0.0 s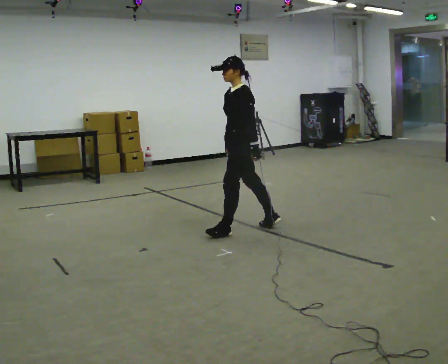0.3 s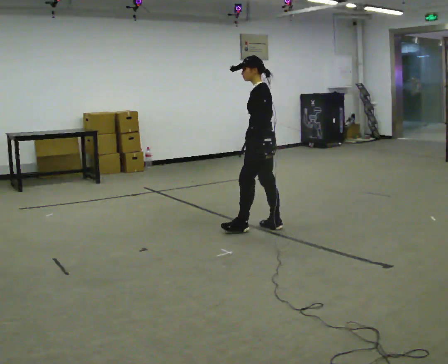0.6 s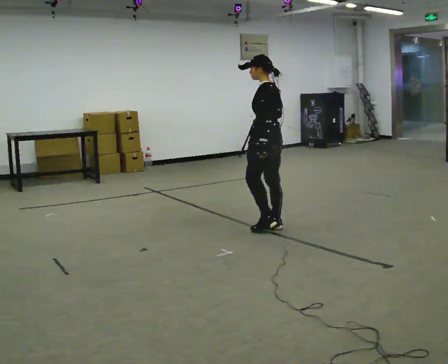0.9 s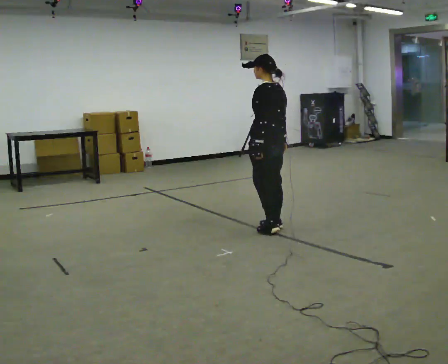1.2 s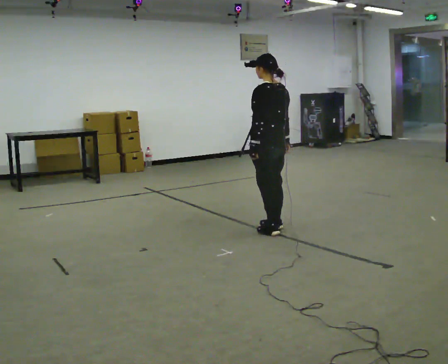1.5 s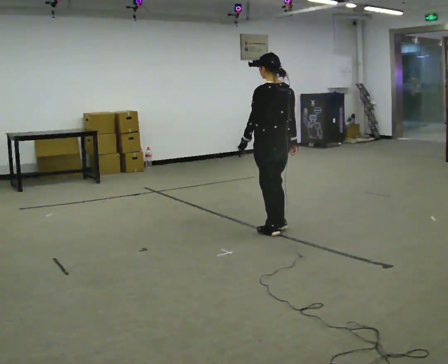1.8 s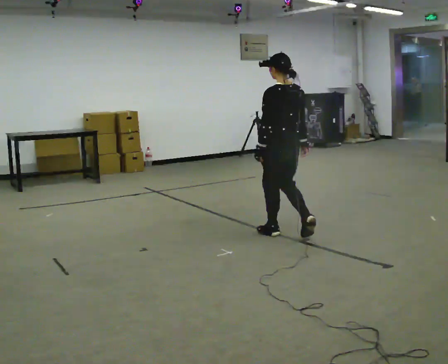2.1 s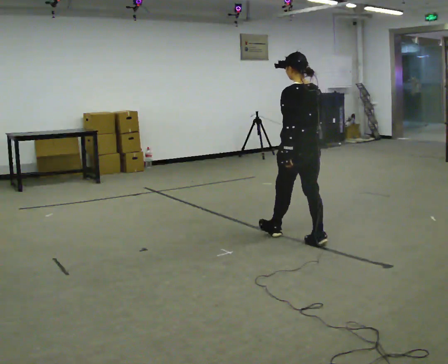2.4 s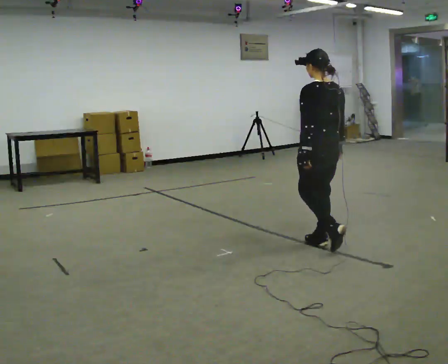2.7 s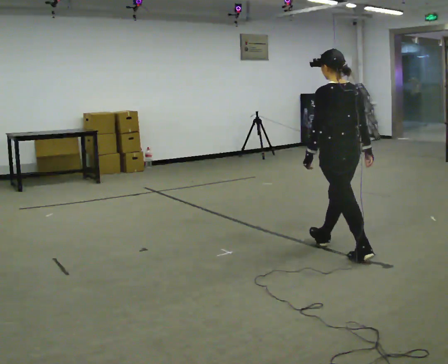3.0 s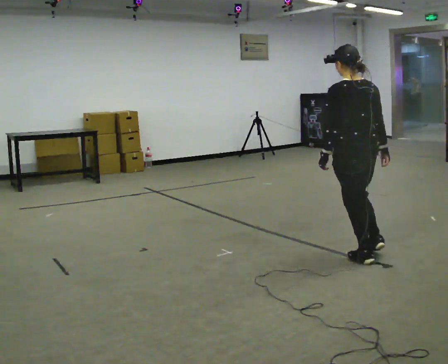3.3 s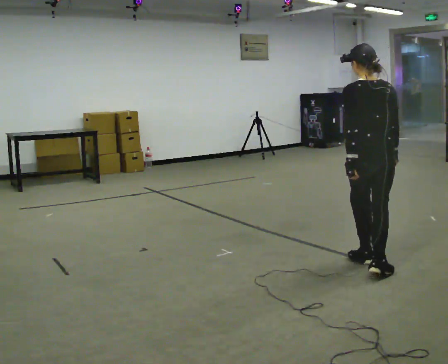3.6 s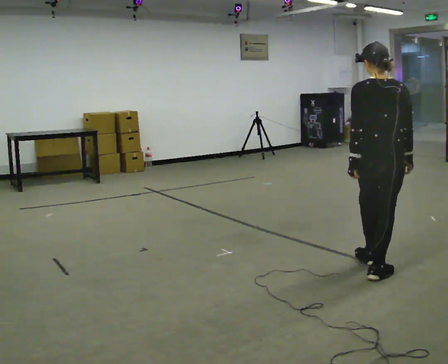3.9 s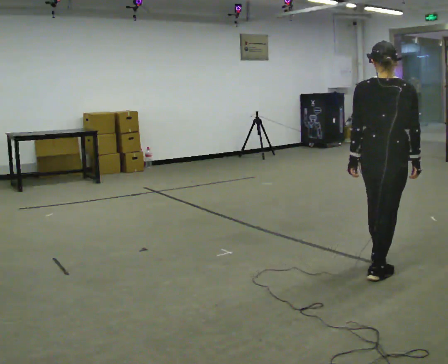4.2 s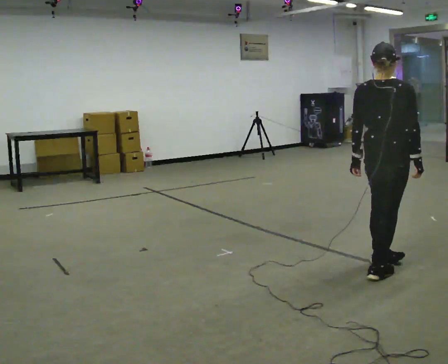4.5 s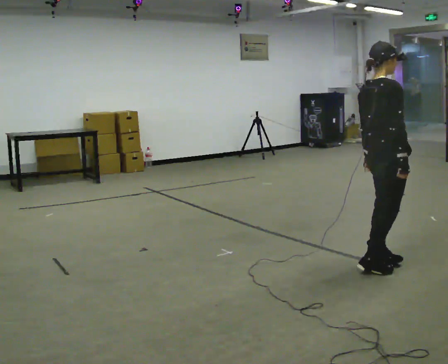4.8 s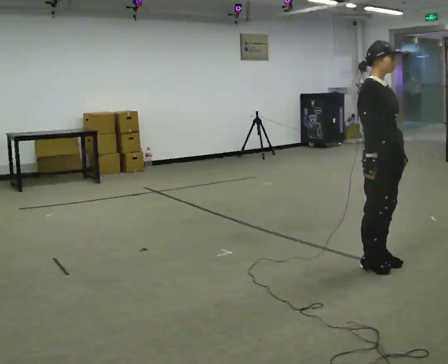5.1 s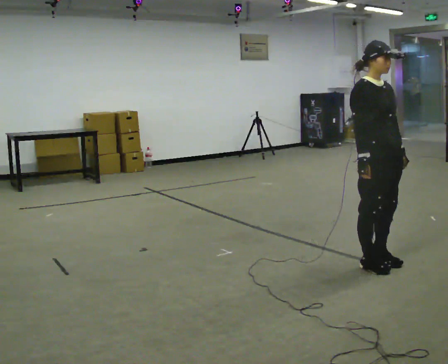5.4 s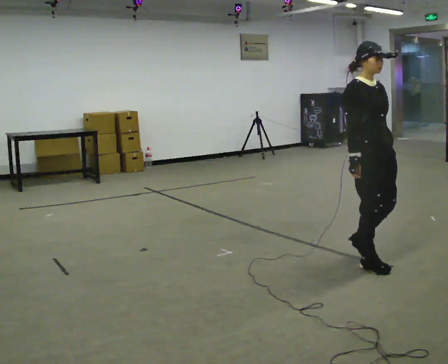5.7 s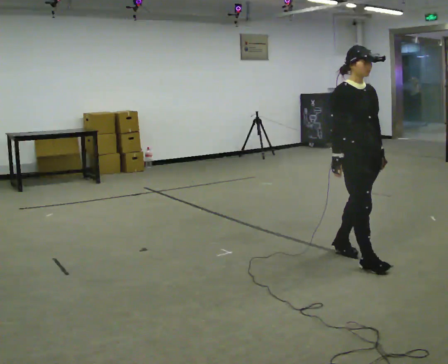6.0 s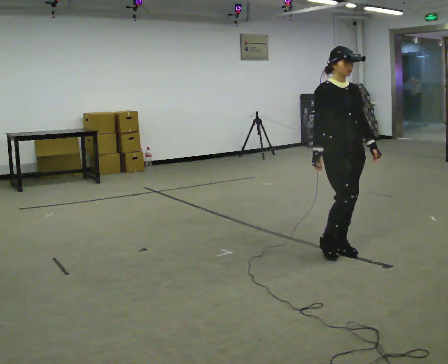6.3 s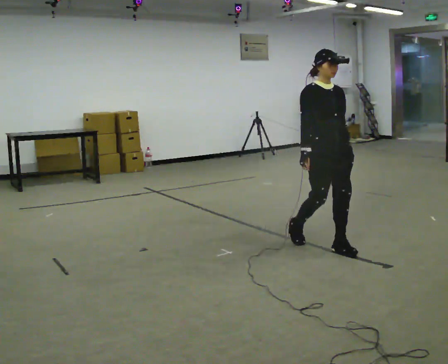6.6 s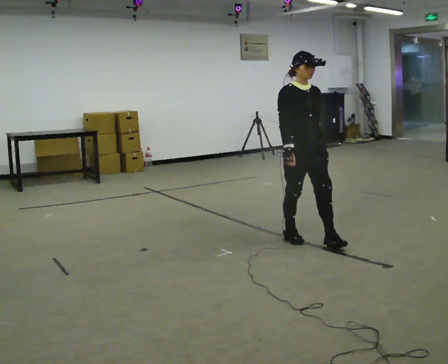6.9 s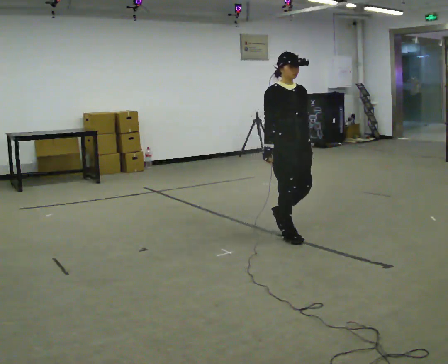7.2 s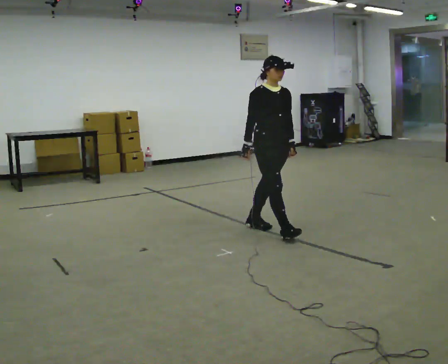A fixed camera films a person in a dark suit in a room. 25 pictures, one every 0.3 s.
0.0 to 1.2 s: Seen from above the body turns clockwise, about 60 degrees: to their right, with its near side sliding to the left. In the picture they go to the right, about 0.25 m in 1 step, which for them is backward.
1.2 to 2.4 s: In the picture they go to the right and toward the camera, about 0.5 m in 2 steps, which for them is backward.
2.4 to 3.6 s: The person turns about 30 degrees to their right, clockwise seen from above, so the part of the body nearest the lens slides to the left. In the picture they go toward the camera and to the right, about 0.5 m in 1 step, which for them is backward.
3.6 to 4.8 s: The person turns about 120 degrees to their right, clockwise seen from above, so the part of the body nearest the lens slides to the left.
4.8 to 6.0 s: Seen from above the body turns clockwise, about 30 degrees: to their right, with its near side sliding to the left. In the picture they go away from the camera and to the left, about 0.25 m in 2 steps, which for them is backward.
6.0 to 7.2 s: In the picture they go to the left and away from the camera, about 1 m in 1 step, which for them is backward.
The film runs backward here.
